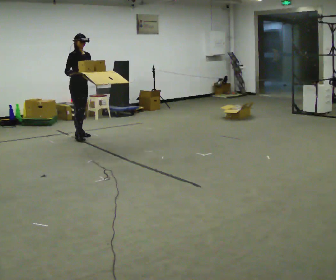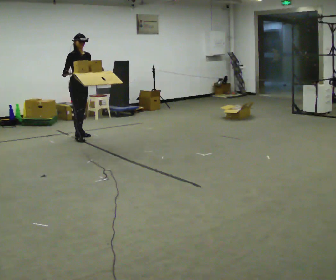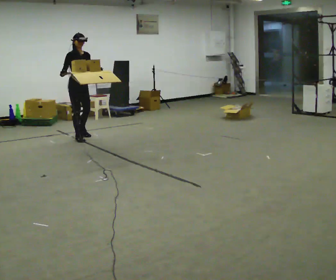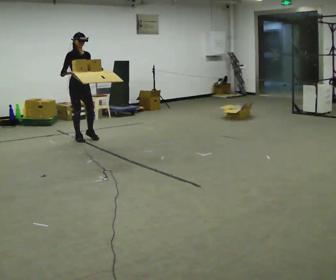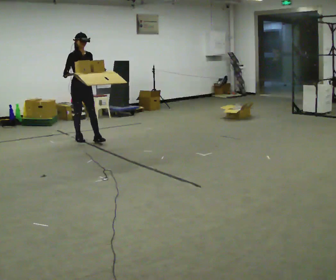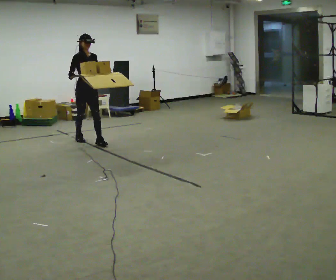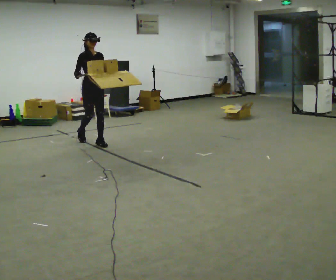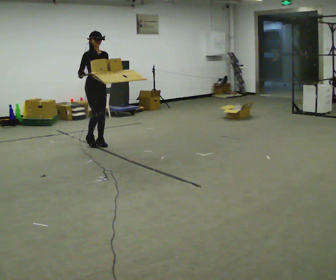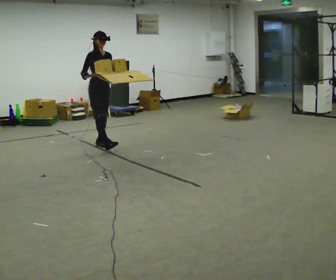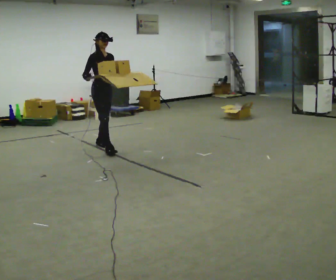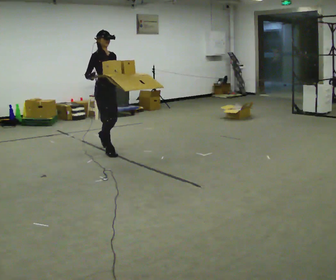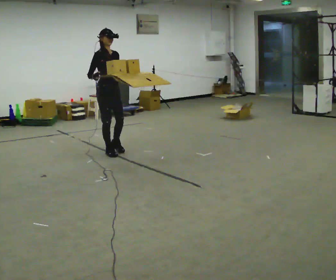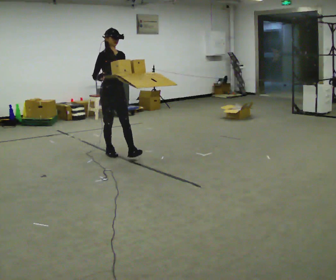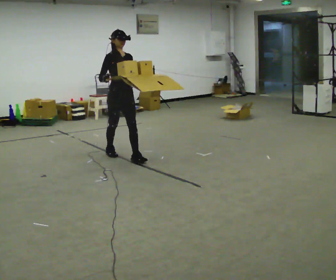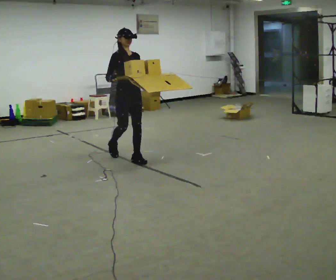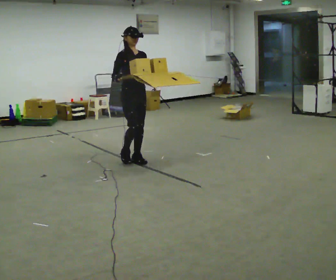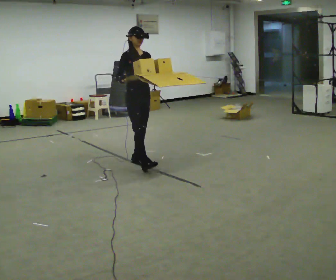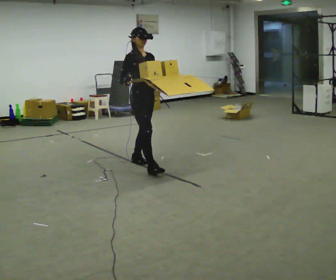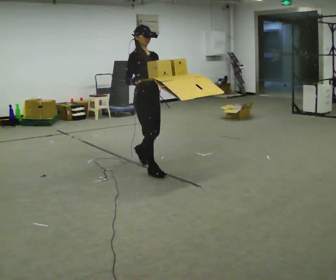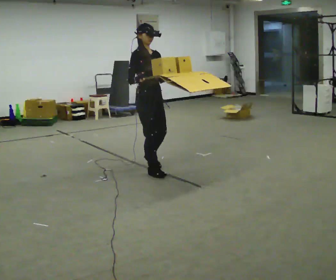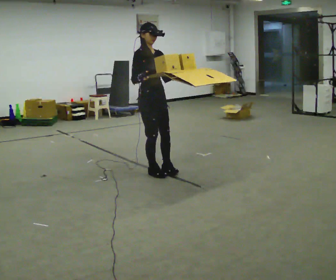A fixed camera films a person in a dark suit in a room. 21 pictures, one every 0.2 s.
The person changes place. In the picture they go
toward the camera.
0.0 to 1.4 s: In the picture they go toward the camera and to the right, about 0.5 m in 1 step, which for them is forward.
1.4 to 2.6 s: In the picture they go toward the camera and to the right, about 1 m in 2 steps, which for them is forward.
2.6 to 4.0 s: In the picture they go toward the camera and to the right, about 1 m in 1 step, which for them is forward.
The film runs forward here.
